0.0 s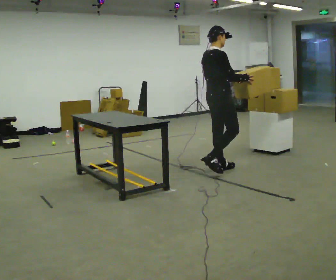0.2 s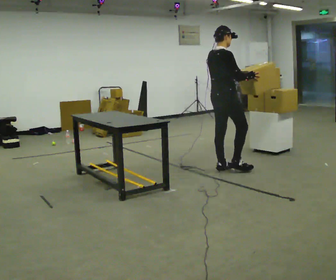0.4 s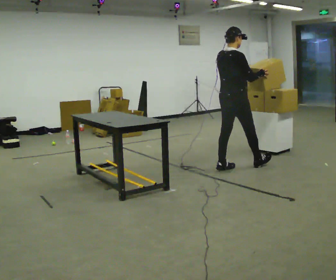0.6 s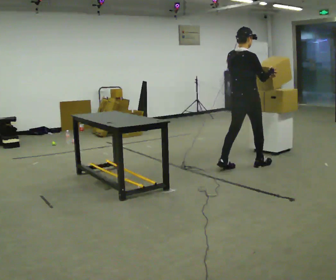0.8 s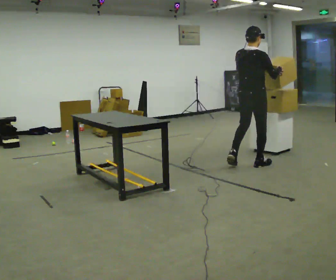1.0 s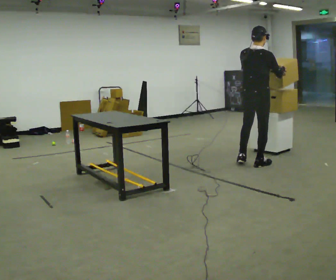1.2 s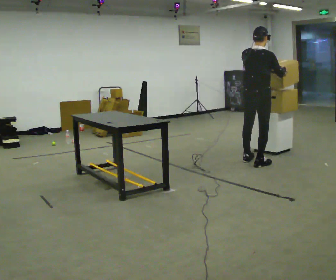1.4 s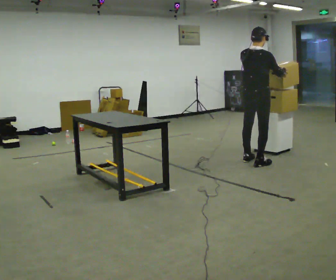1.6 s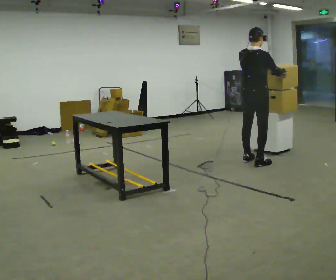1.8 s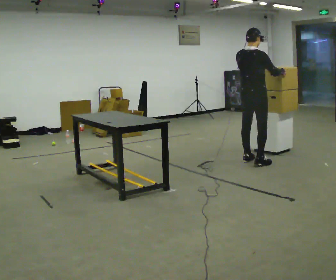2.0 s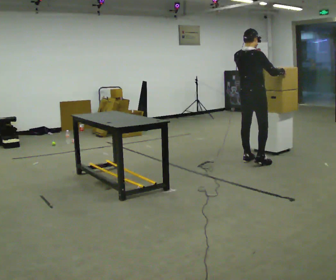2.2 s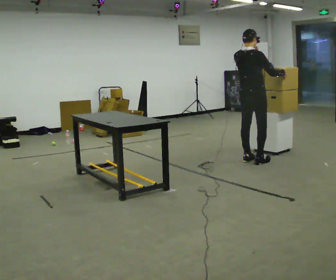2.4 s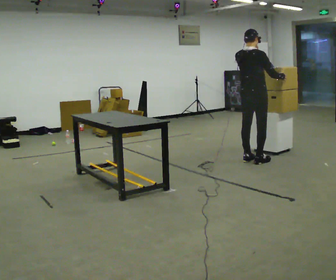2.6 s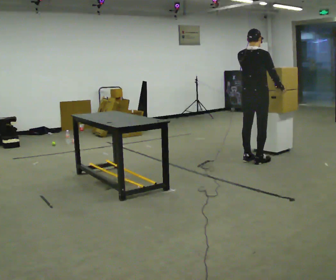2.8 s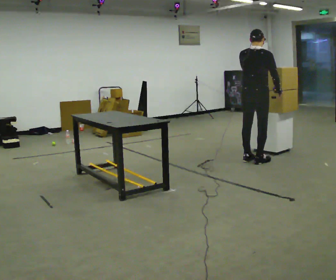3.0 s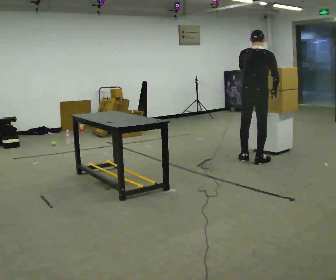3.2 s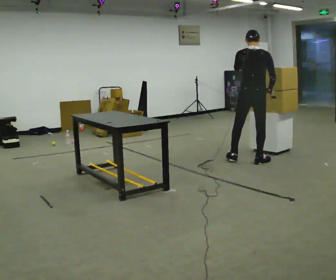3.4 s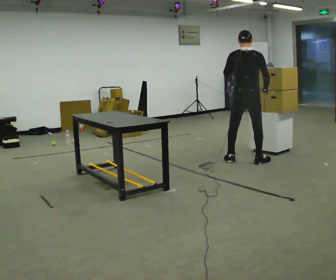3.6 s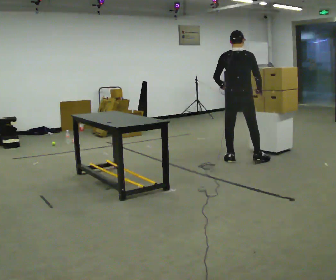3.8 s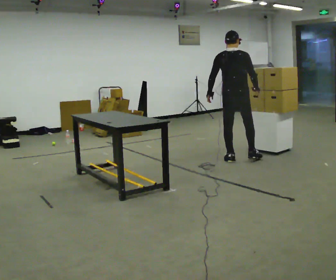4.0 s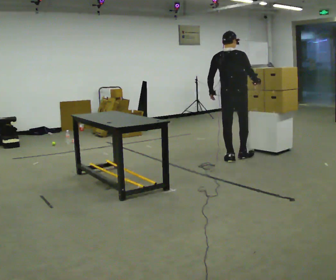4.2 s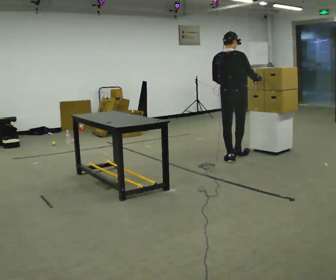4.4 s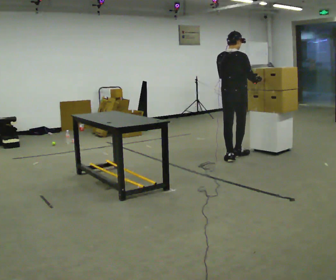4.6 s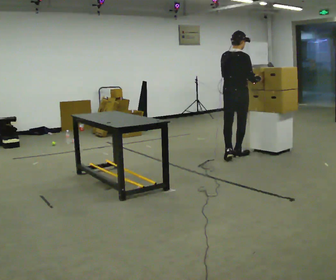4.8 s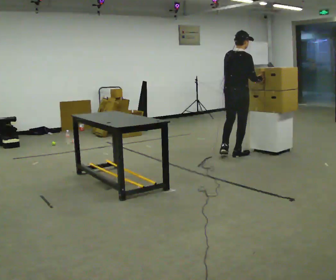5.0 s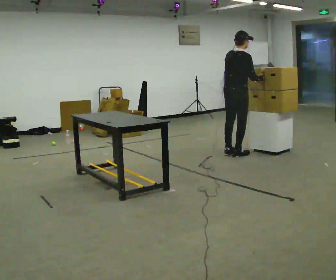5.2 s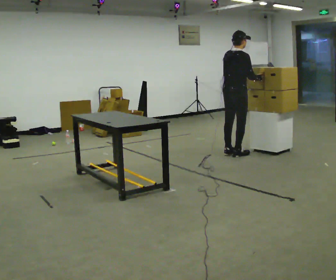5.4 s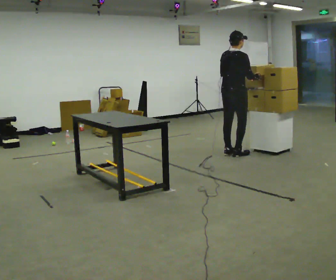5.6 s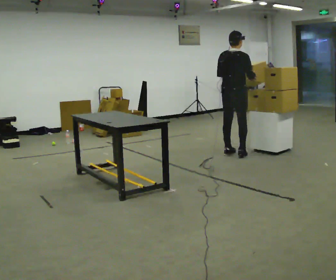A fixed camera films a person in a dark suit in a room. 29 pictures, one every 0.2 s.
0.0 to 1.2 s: Seen from above the body turns counterclockwise, about 30 degrees: to their left, with its near side sliding to the right. In the picture they go to the right and away from the camera, about 0.5 m in 2 steps, which for them is forward.
1.2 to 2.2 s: In the picture they go away from the camera, about 0.25 m, which for them is to their left.
2.2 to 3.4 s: The part of the body nearest the lens slides to the right as the person turns to their left by about 30 degrees.
3.4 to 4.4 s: In the picture they go away from the camera and to the left, about 0.25 m in 1 step, which for them is forward and to their left.
4.4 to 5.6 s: The person moves a little, or ends about where they began.
The film runs forward here.
